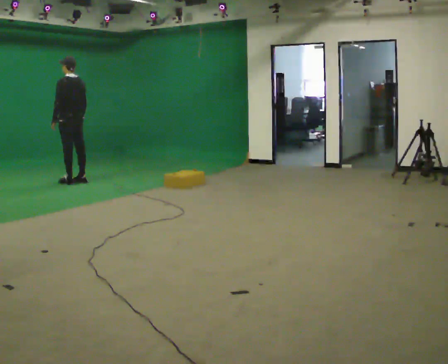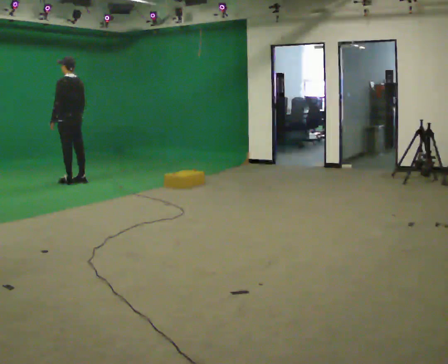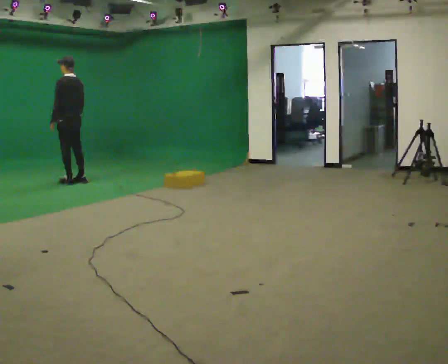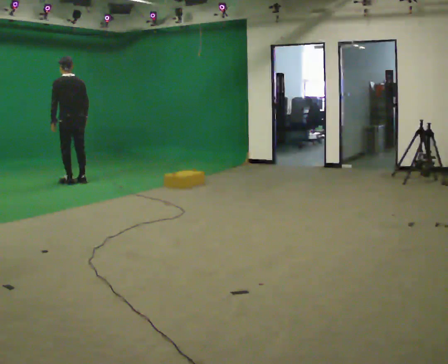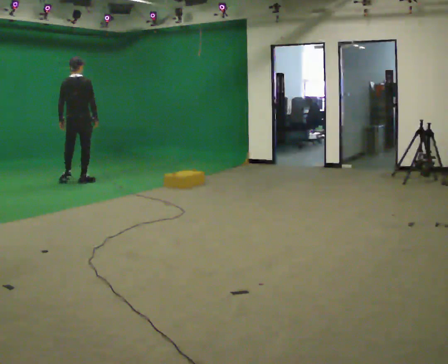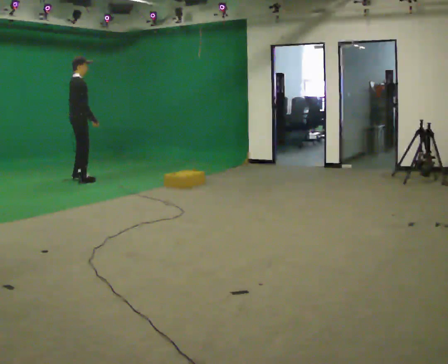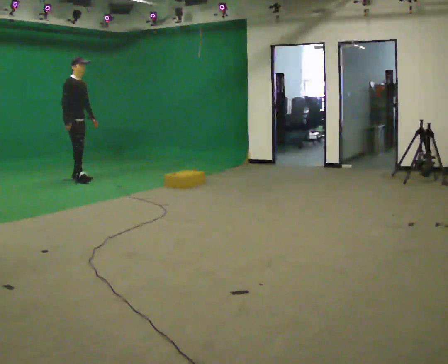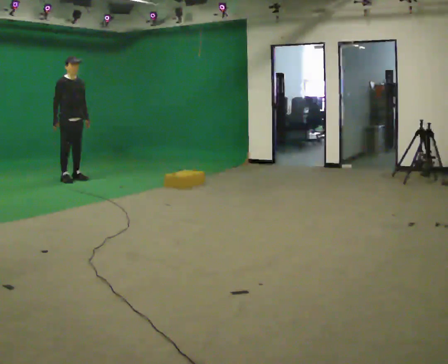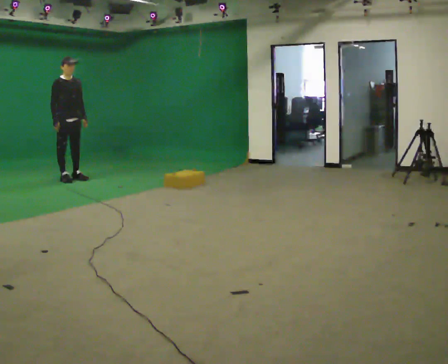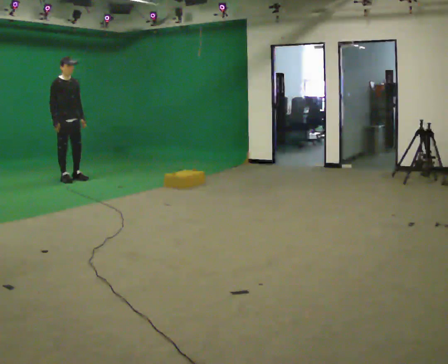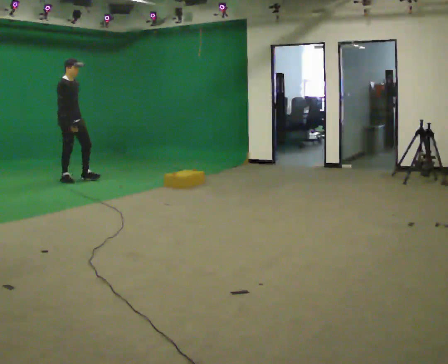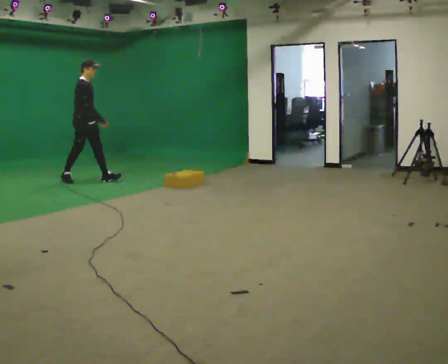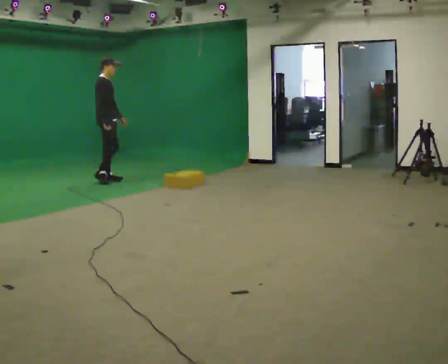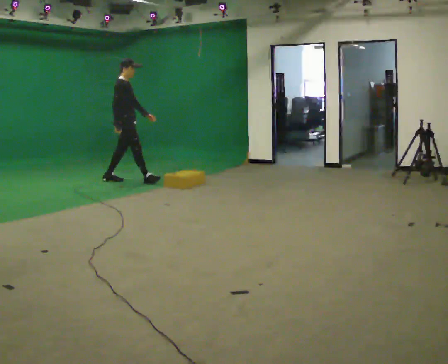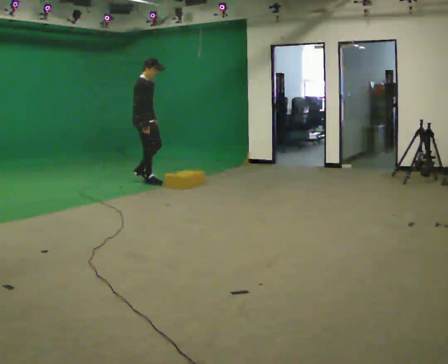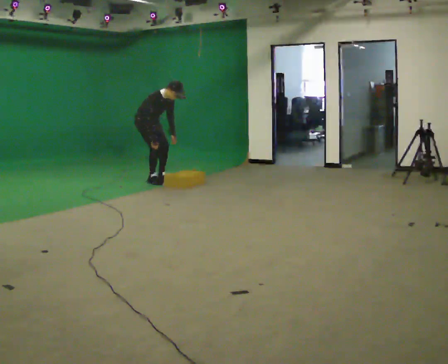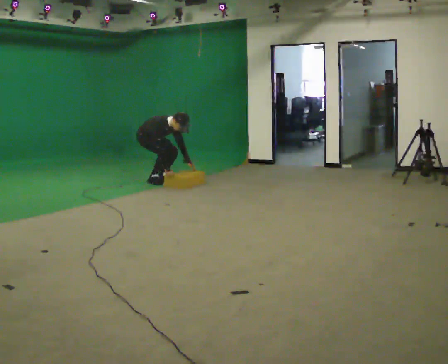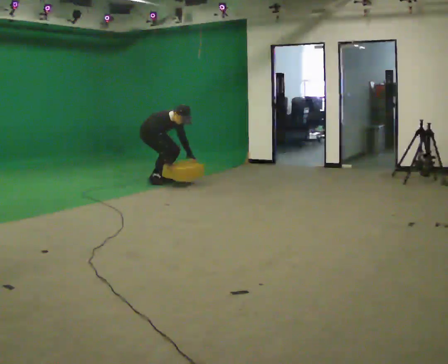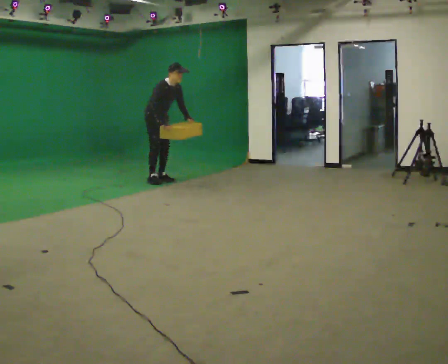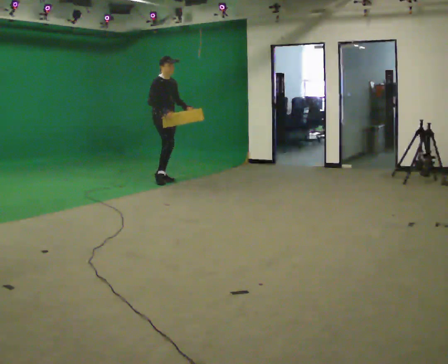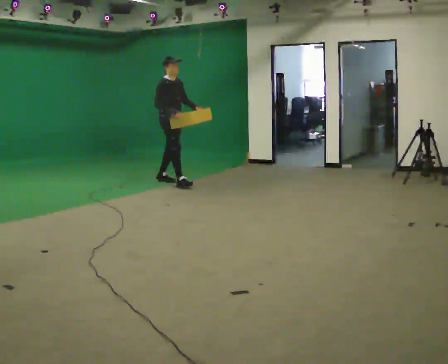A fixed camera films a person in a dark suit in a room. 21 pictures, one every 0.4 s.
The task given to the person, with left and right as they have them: Start still; walk straight at normal comfortable speed; stop at endpoint.
0.0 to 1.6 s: Seen from above the body turns clockwise, about 75 degrees: to their right, with its near side sliding to the left.
1.6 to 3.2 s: The person turns about 120 degrees to their right, clockwise seen from above, so the part of the body nearest the lens slides to the left. In the picture they go away from the camera and to the left, about 0.25 m in 2 steps.
3.2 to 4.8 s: The person turns about 45 degrees to their left, counterclockwise seen from above, so the part of the body nearest the lens slides to the right. In the picture they go to the right, about 0.5 m in 1 step, which for them is forward.
4.8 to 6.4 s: Seen from above the body turns clockwise, about 30 degrees: to their right, with its near side sliding to the left. In the picture they go to the right, about 0.5 m in 2 steps, which for them is forward. The upper body goes downward. The upper body tips toward the camera, its near side rolling downward, as they bend forward. In the picture their left hand goes downward.
6.4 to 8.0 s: In the picture they go to the right and toward the camera, about 0.5 m in 1 step, which for them is forward. The shoulders move upward. In the picture the upper body tilts counterclockwise, shoulders to the left, as they lean back or straighten. In the picture their right hand goes upward.
The film runs forward here.
